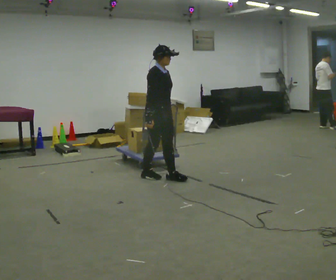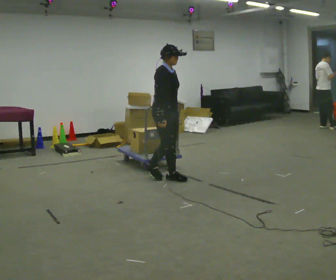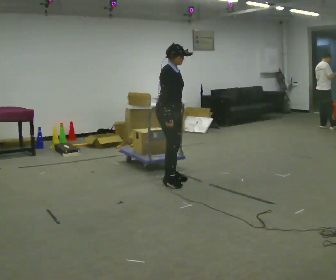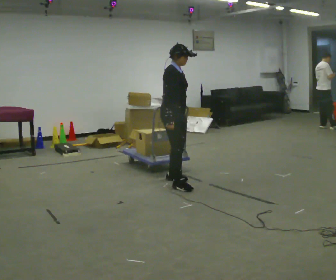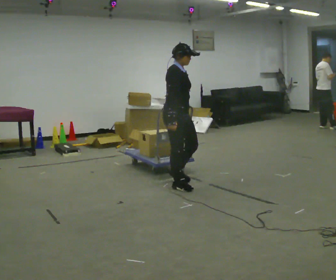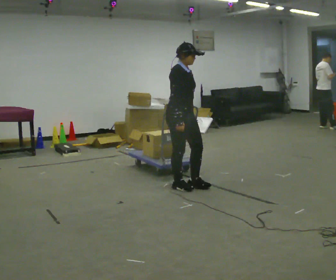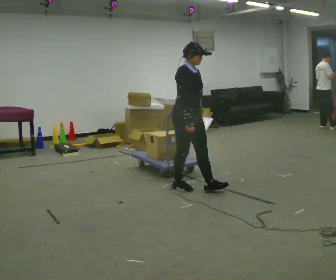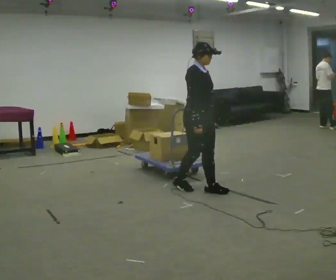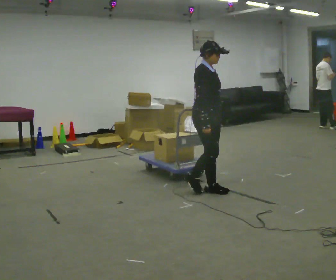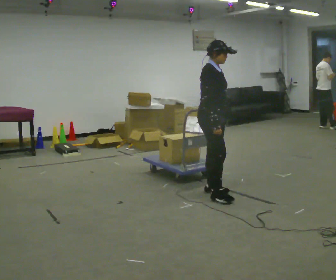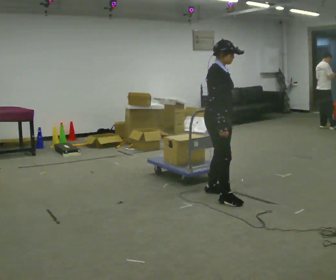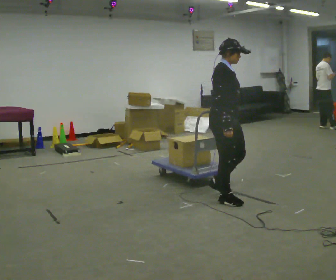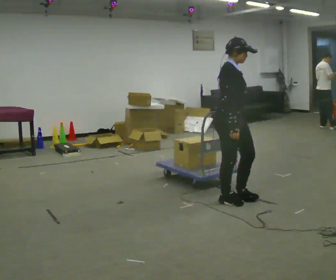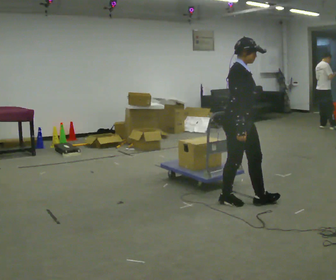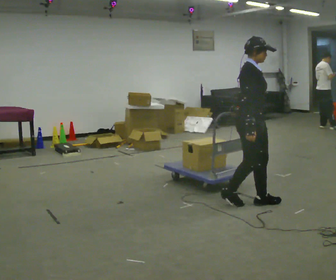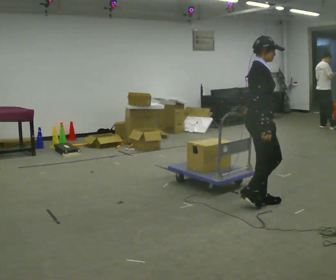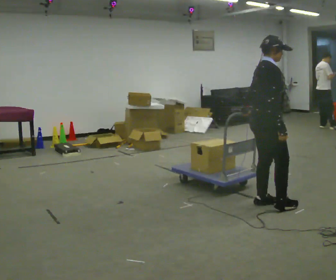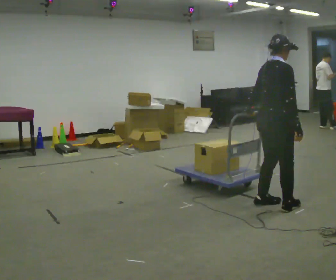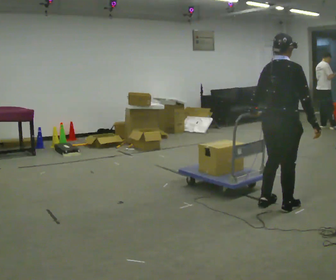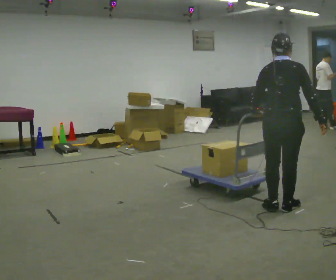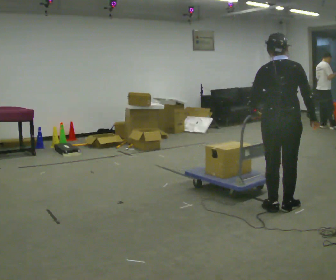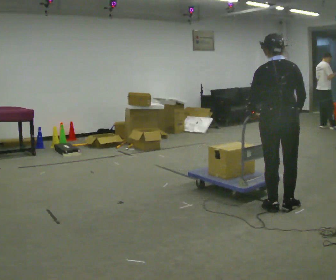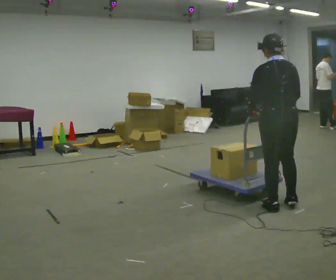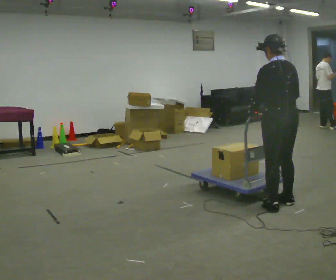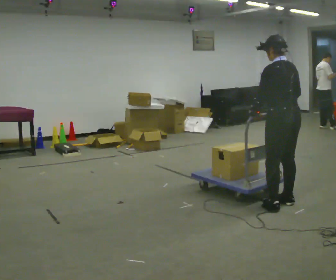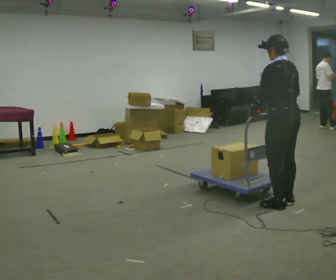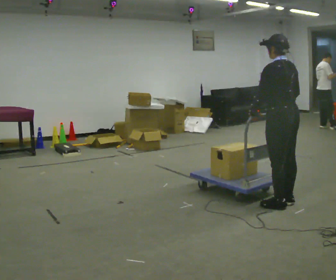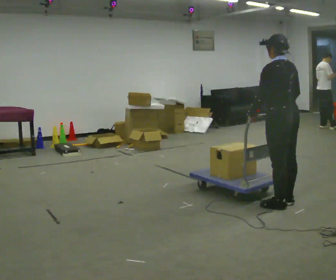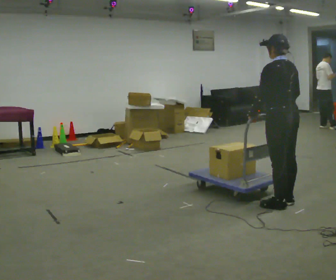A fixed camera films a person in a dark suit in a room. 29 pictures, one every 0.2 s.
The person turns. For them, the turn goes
to their left.
The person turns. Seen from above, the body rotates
counterclockwise.
0.0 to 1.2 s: In the picture they go to the right and toward the camera, about 0.5 m in 2 steps, which for them is forward and to their right.
1.2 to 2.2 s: In the picture they go to the right and toward the camera, about 0.5 m in 1 step, which for them is forward.
2.2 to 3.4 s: The part of the body nearest the lens slides to the right as the person turns to their left by about 45 degrees. In the picture they go to the right, about 0.5 m in 2 steps, which for them is forward.
3.4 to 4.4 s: Seen from above the body turns counterclockwise, about 75 degrees: to their left, with its near side sliding to the right.
4.4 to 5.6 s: The part of the body nearest the lens slides to the right as the person turns to their left by about 30 degrees.
The film runs forward here.
